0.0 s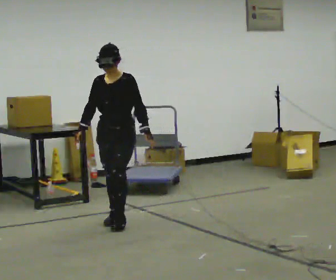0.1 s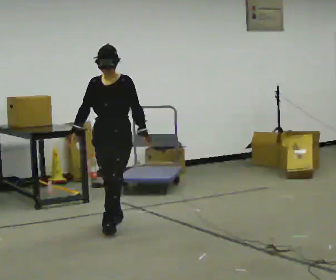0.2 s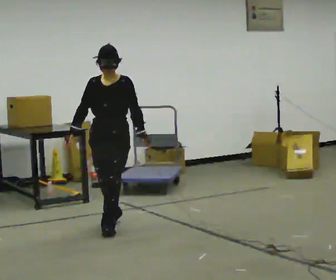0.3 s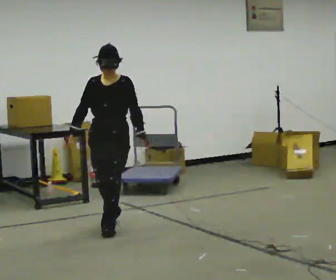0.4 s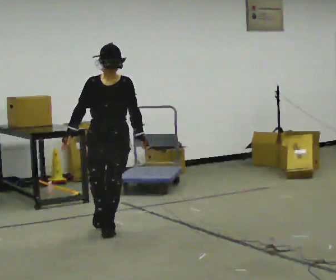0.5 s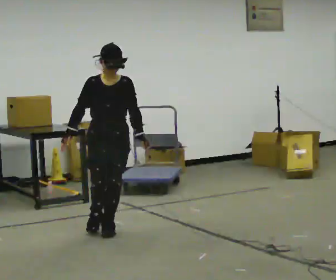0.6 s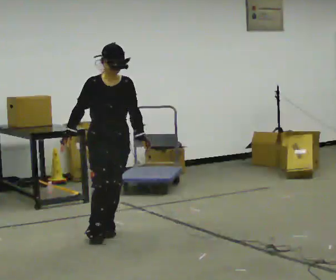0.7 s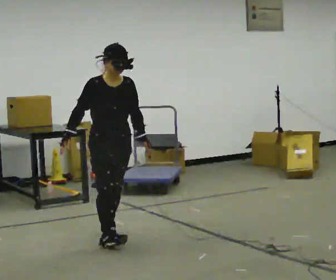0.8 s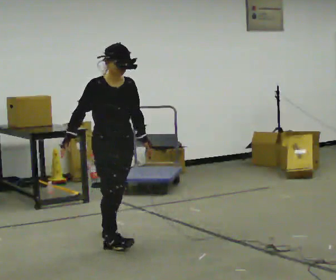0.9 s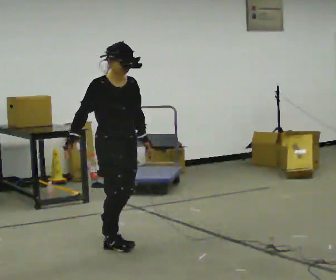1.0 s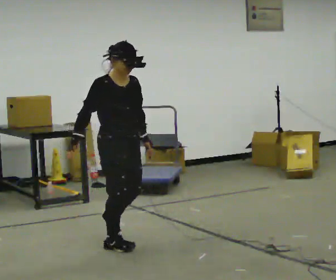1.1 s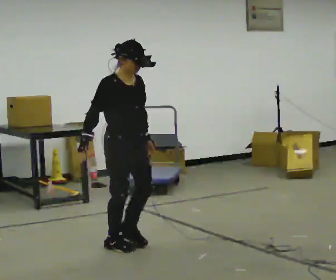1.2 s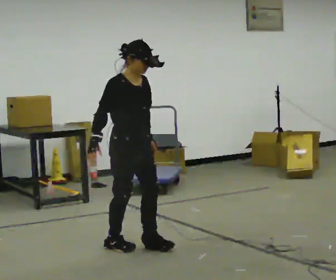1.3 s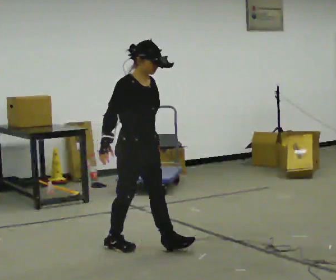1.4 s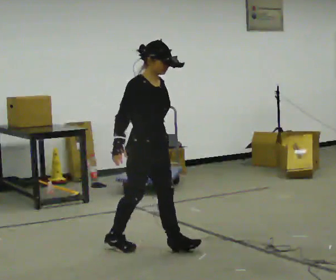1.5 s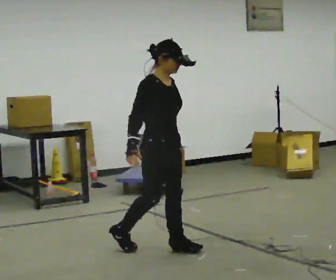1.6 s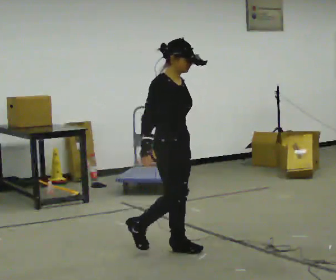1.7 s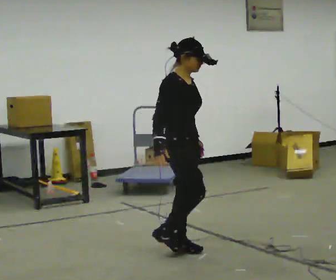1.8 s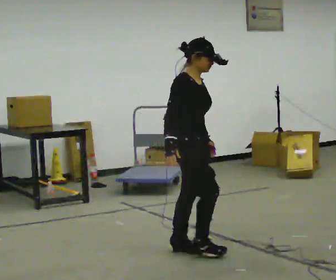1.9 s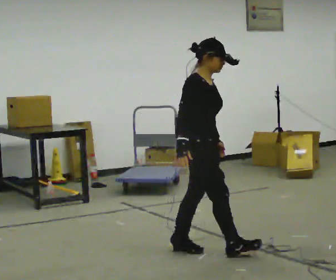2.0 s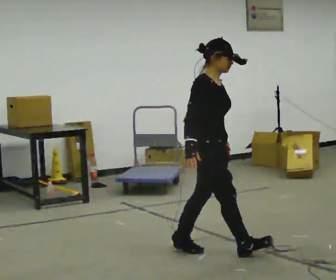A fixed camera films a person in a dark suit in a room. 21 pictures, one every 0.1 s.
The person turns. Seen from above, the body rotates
counterclockwise.
The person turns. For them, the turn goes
to their left.
0.0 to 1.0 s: Seen from above the body turns counterclockwise, about 60 degrees: to their left, with its near side sliding to the right. In the picture they go toward the camera, about 0.75 m in 2 steps.
1.0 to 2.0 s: The part of the body nearest the lens slides to the right as the person turns to their left by about 30 degrees. In the picture they go to the right and toward the camera, about 0.5 m in 1 step, which for them is forward.
The film runs forward here.
